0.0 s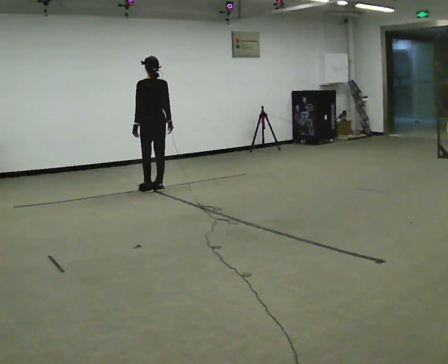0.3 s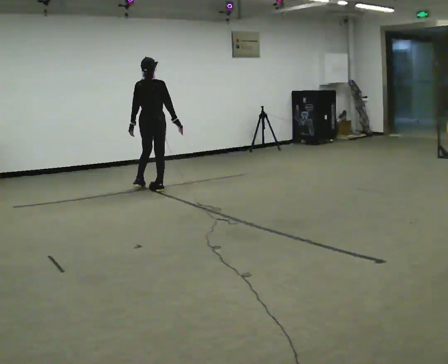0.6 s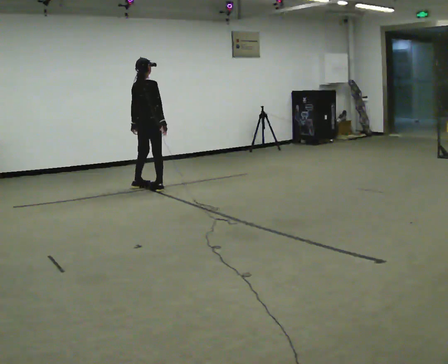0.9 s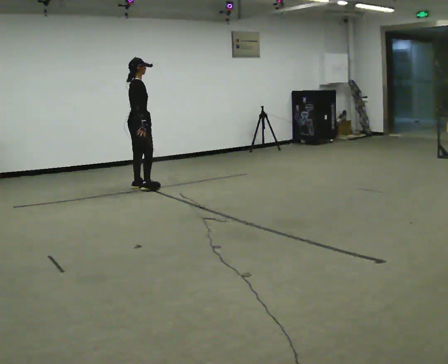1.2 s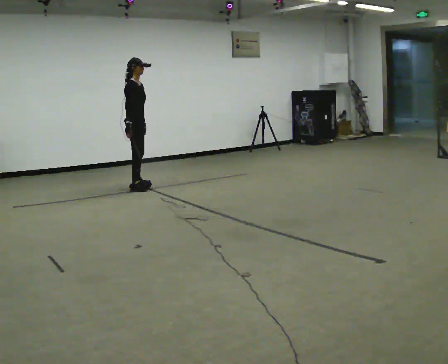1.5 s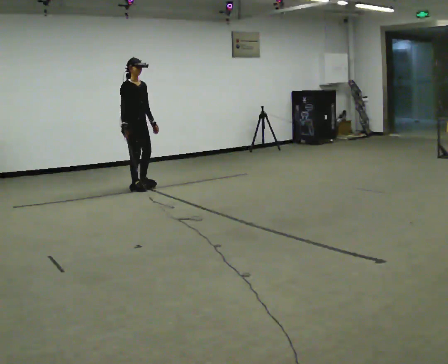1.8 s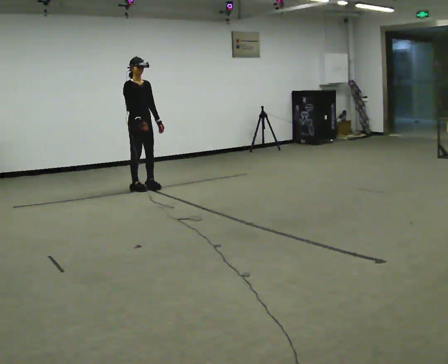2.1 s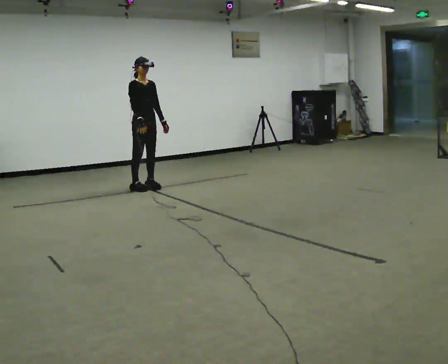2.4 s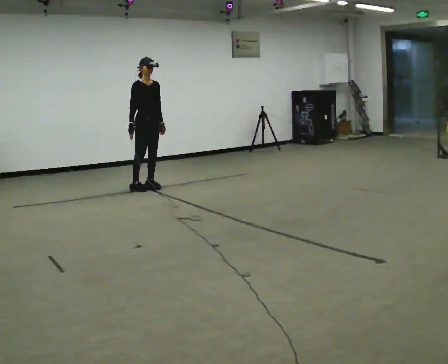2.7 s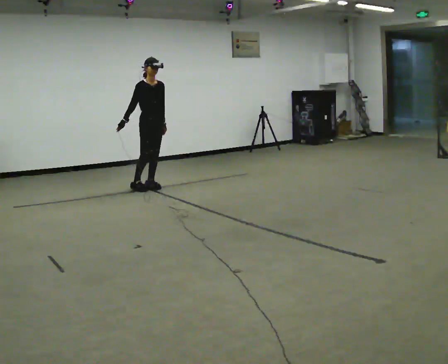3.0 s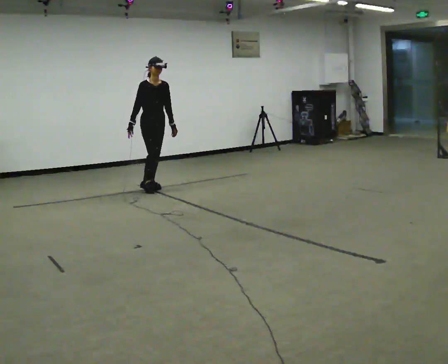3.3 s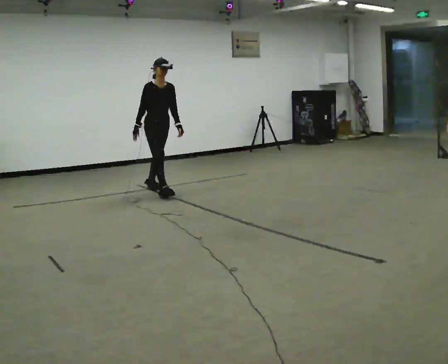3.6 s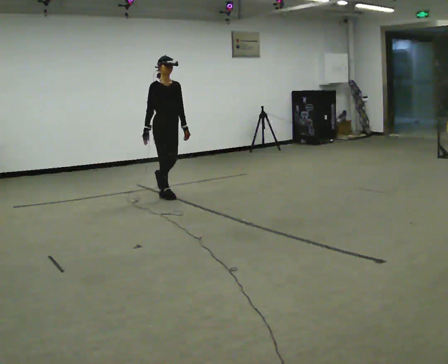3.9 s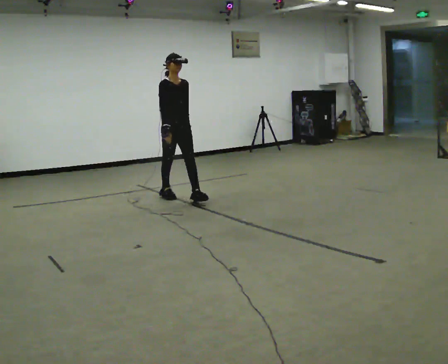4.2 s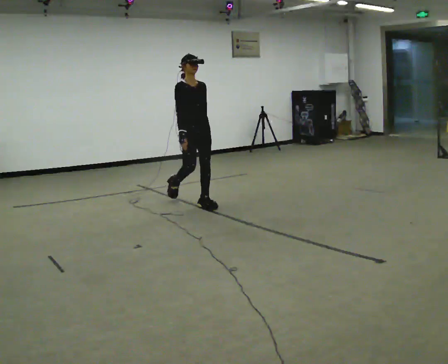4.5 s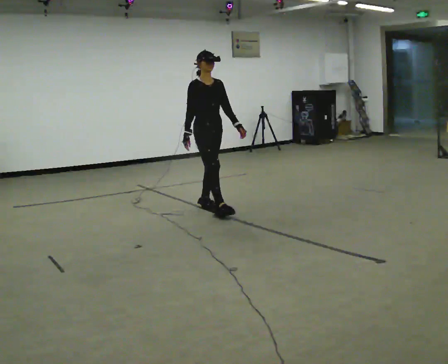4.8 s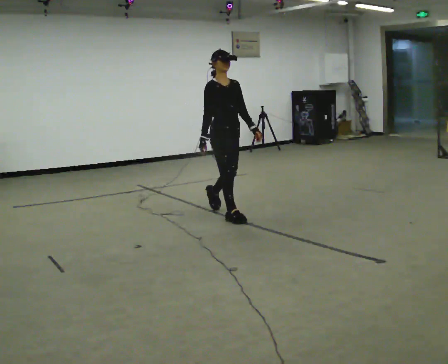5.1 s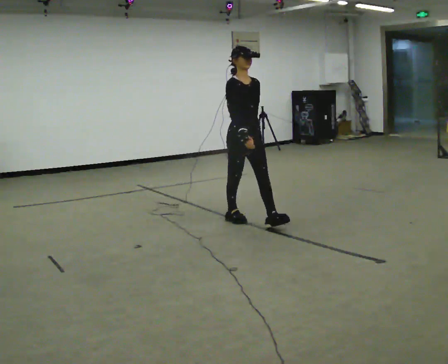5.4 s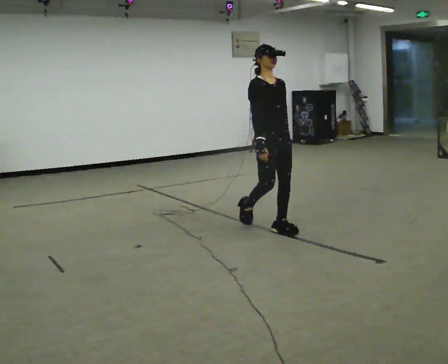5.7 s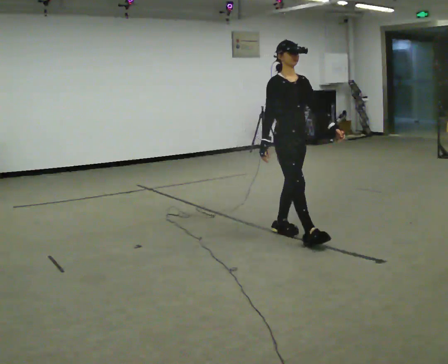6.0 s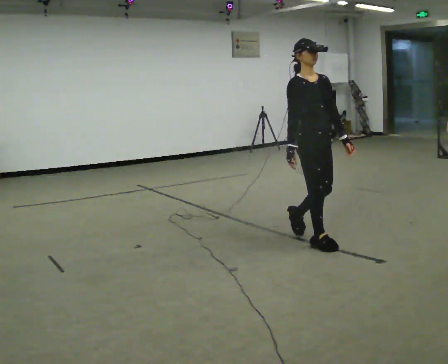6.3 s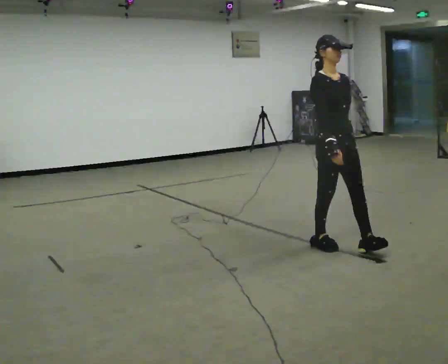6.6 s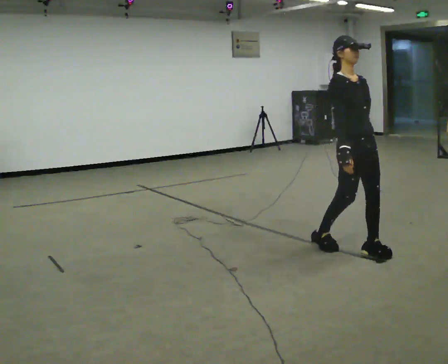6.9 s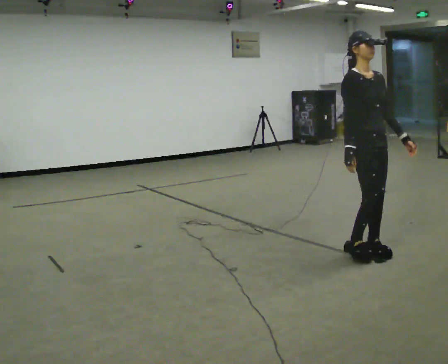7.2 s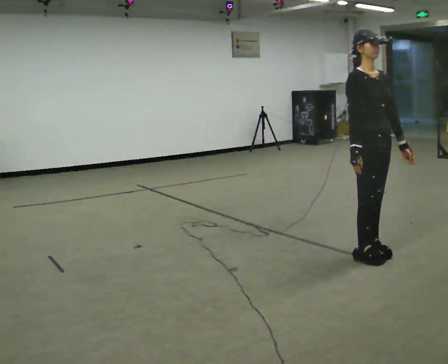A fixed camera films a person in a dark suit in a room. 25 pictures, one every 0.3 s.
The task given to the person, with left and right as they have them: Start still; walk straight at normal comfortable speed; stop at endpoint.
0.0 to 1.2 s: The person turns about 120 degrees to their right, clockwise seen from above, so the part of the body nearest the lens slides to the left. In the picture they go to the left, about 0.25 m in 2 steps.
1.2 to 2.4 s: The part of the body nearest the lens slides to the left as the person turns to their right by about 45 degrees. In the picture they go to the right, about 0.25 m in 1 step, which for them is forward.
2.4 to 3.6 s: In the picture they go toward the camera and to the right, about 0.5 m in 1 step, which for them is forward.
3.6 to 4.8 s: In the picture they go toward the camera and to the right, about 1 m in 2 steps, which for them is forward.
4.8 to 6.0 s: In the picture they go toward the camera and to the right, about 1 m in 2 steps, which for them is forward.
6.0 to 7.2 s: In the picture they go toward the camera and to the right, about 0.5 m in 2 steps, which for them is forward.
The film runs forward here.
